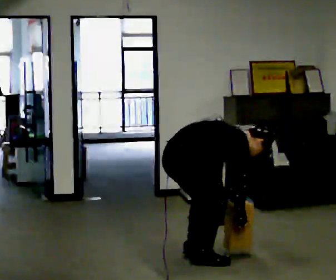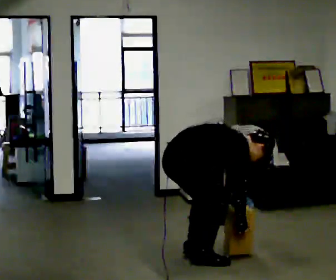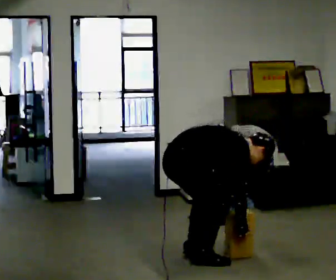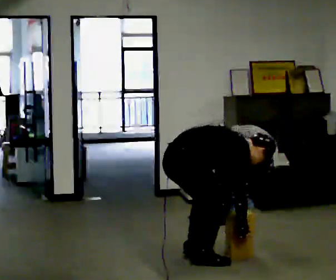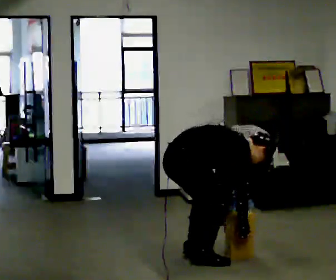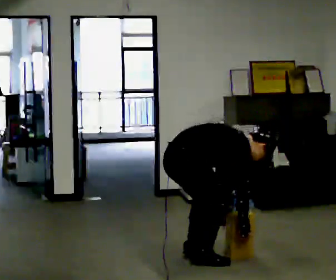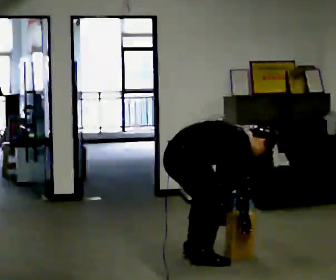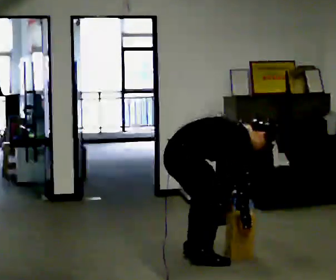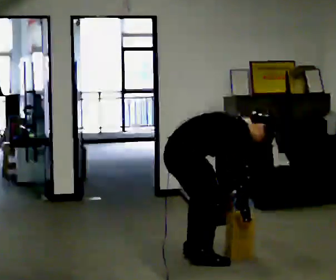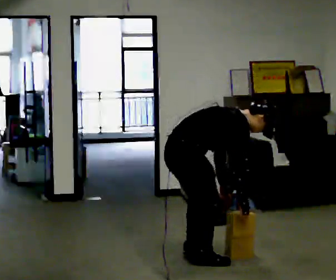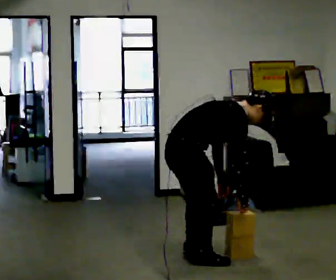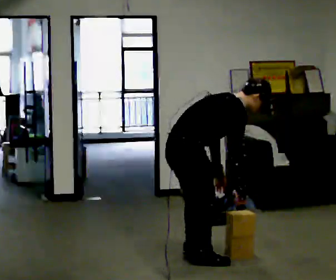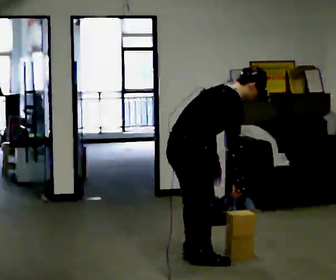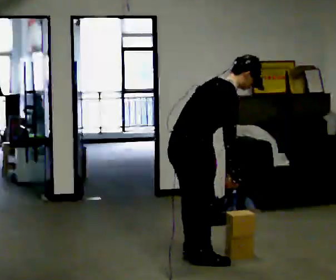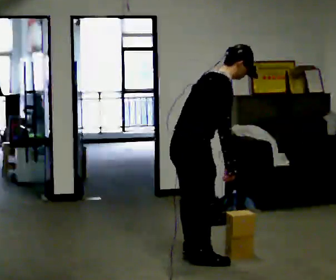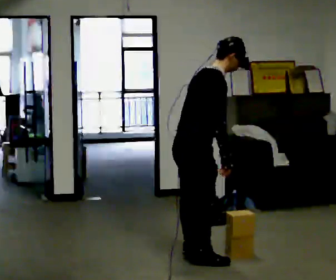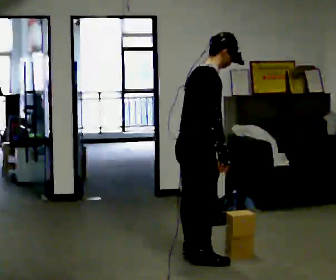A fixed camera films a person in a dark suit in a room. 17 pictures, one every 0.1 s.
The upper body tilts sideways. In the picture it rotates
counterclockwise.
Their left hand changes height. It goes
upward.
0.0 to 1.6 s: The upper body goes upward. In the picture the upper body tilts counterclockwise, shoulders to the left, as they lean back or straighten. In the picture their right hand goes upward.
The film runs backward here.
